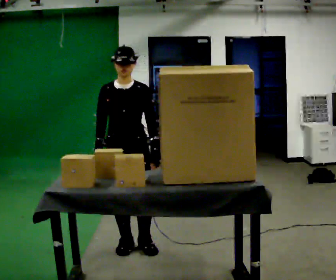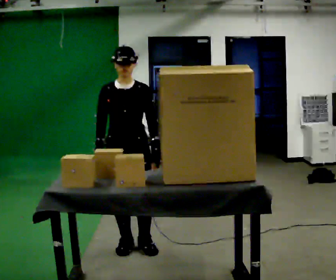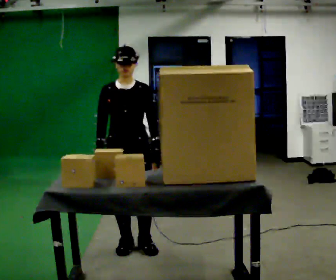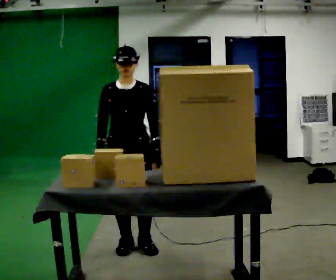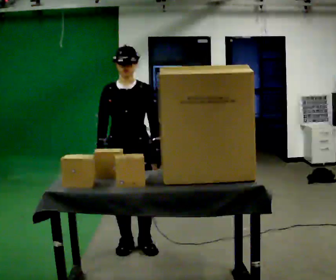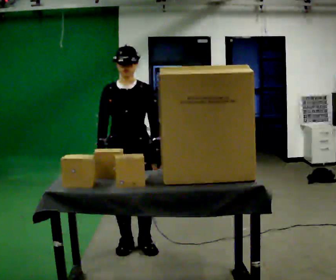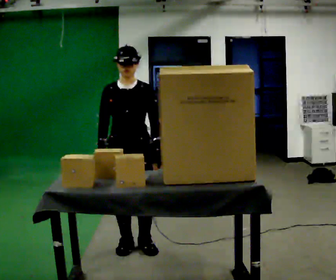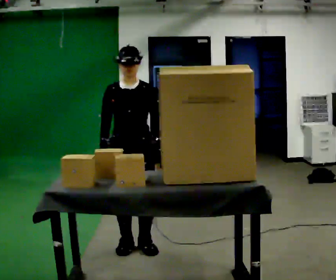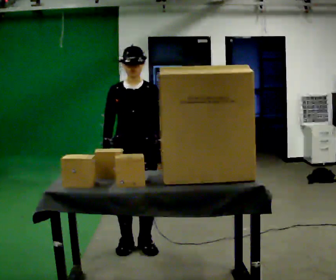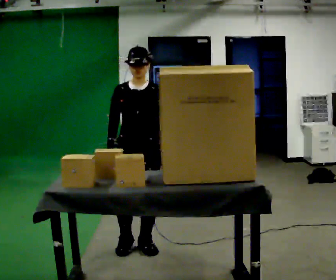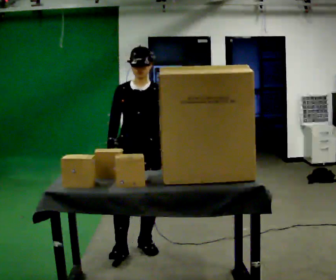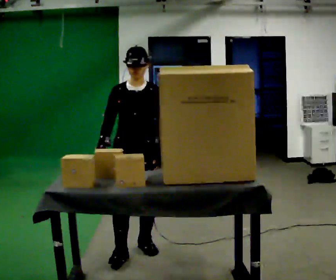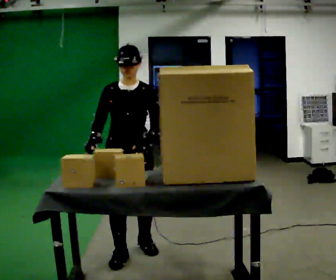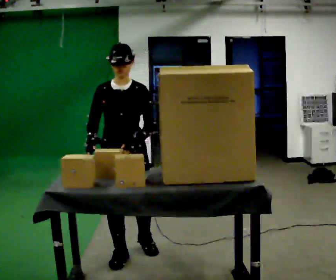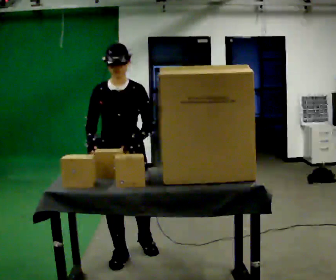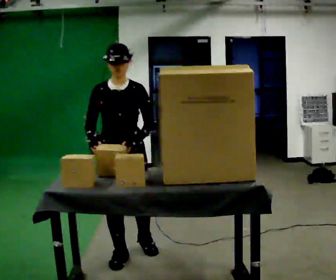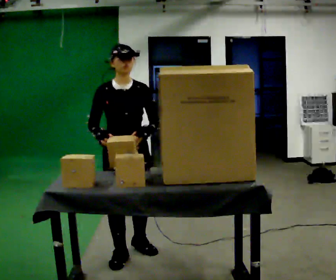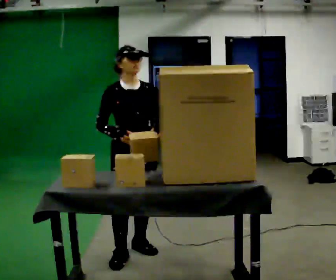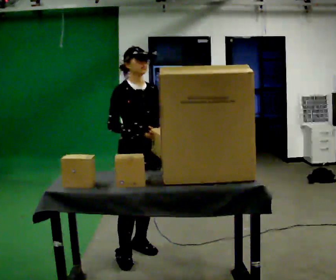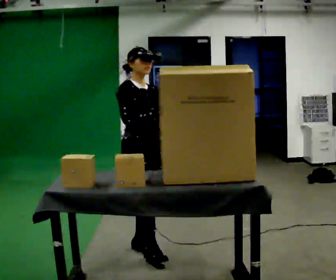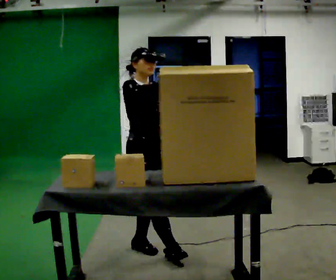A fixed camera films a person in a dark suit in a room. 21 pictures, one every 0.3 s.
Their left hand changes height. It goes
upward.
Their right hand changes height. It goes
upward.
0.0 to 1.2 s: The person keeps their place and pose.
1.2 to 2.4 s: The person moves a little, or ends about where they began.
2.4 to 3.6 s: In the picture they go toward the camera, about 0.25 m in 1 step, which for them is forward.
3.6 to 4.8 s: The person moves a little, or ends about where they began.
4.8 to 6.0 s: Seen from above the body turns counterclockwise, about 45 degrees: to their left, with its near side sliding to the right. In the picture their right hand goes to the right and upward.
The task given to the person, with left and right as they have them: Reach up into the bin on the top shelf, take out one object at a time, and carry it to the table. Keep going until the operator says stop; one object at a time, and do not rush between trips.
The film runs forward here.
